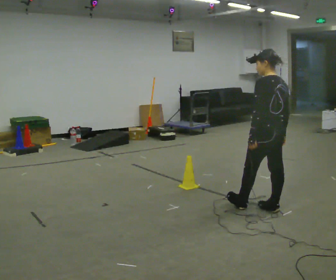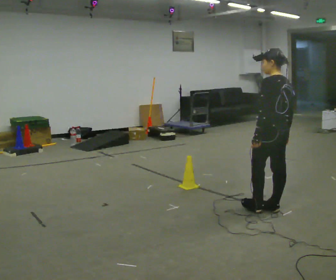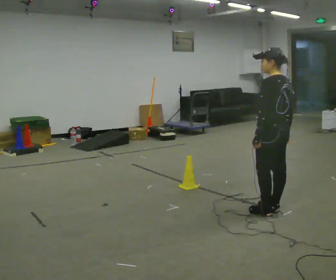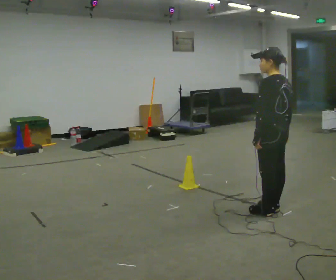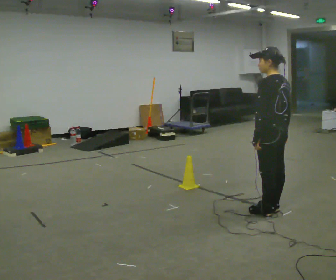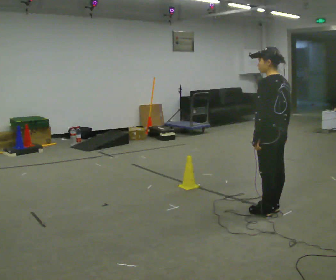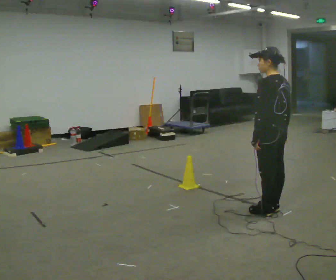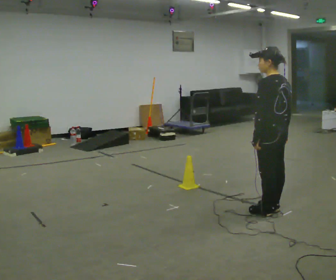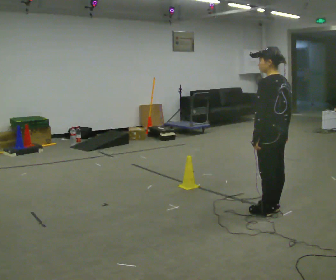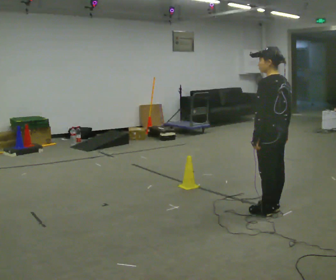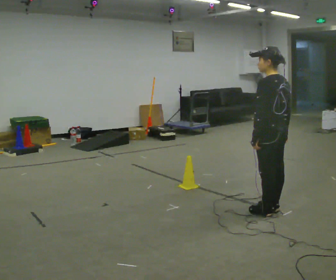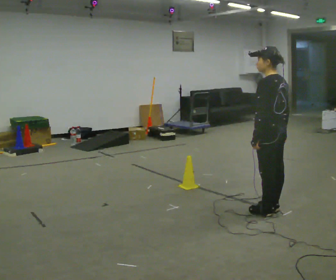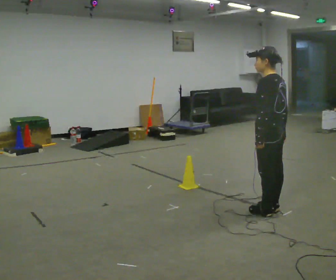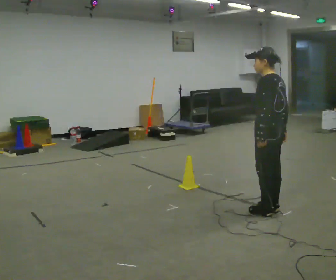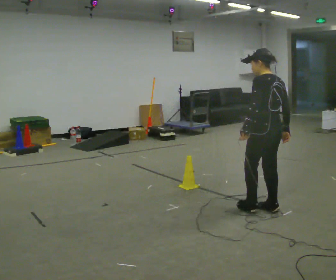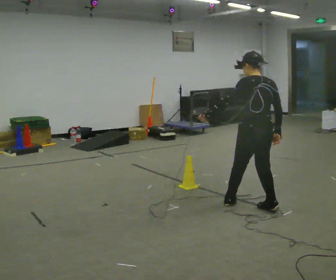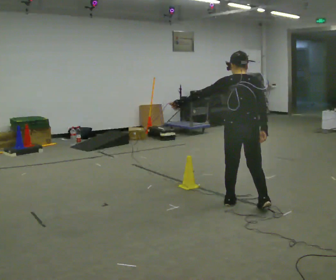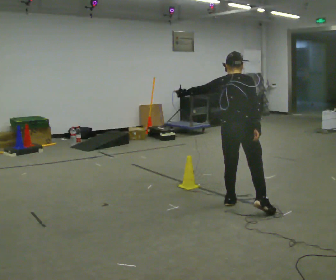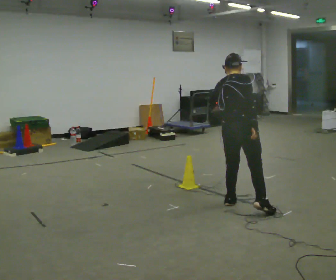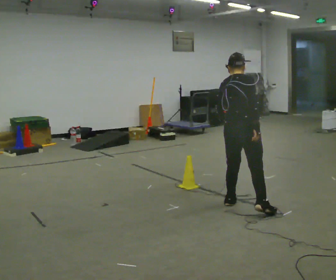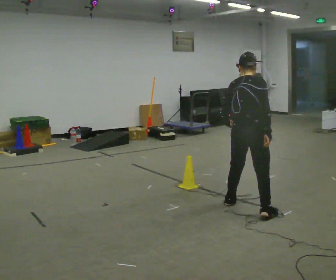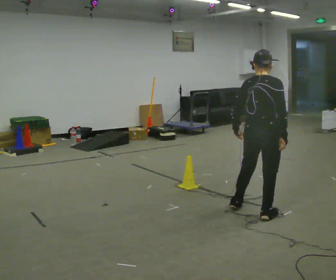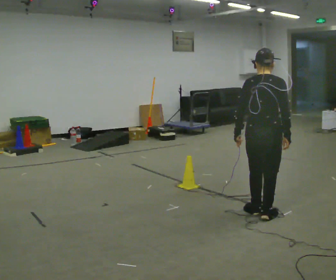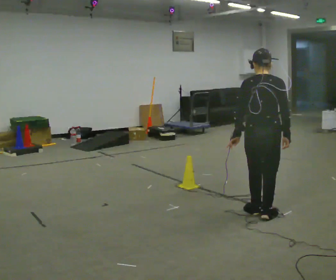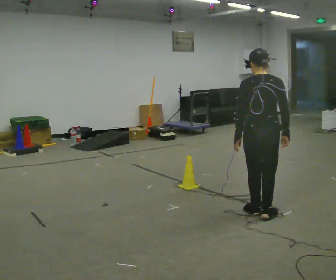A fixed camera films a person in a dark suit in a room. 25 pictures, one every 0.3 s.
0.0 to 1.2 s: The person moves a little, or ends about where they began.
1.2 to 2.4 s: The person keeps their place and pose.
2.4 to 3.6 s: The person moves a little, or ends about where they began.
3.6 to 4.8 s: The part of the body nearest the lens slides to the left as the person turns to their right by about 60 degrees. In the picture they go to the left, about 0.25 m in 2 steps, which for them is forward.
4.8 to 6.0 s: The part of the body nearest the lens slides to the left as the person turns to their right by about 30 degrees.
6.0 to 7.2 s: The part of the body nearest the lens slides to the right as the person turns to their left by about 30 degrees. In the picture they go to the right, about 0.25 m in 1 step, which for them is to their right.
The film runs backward here.
